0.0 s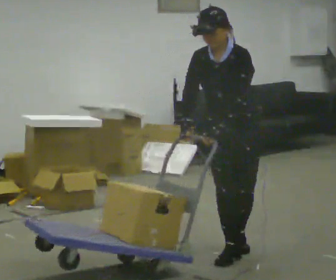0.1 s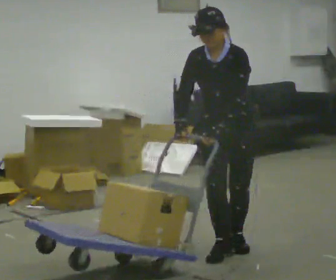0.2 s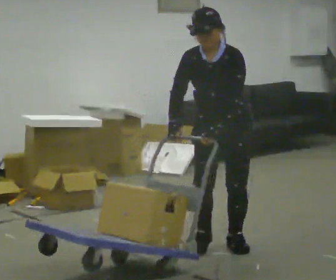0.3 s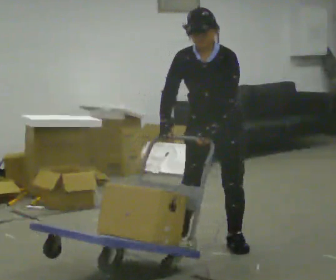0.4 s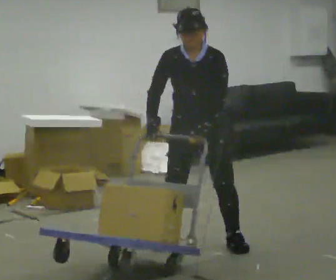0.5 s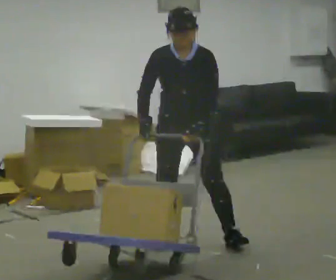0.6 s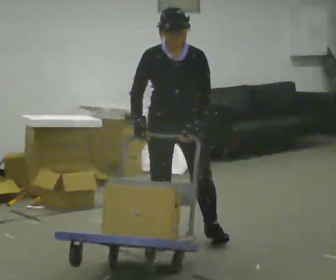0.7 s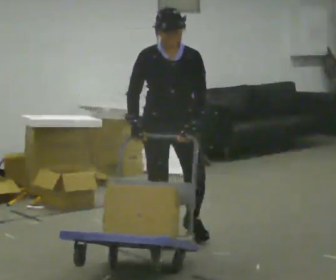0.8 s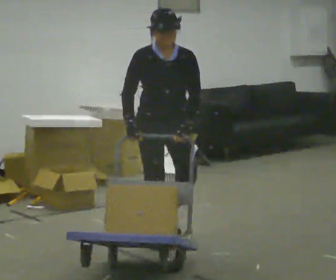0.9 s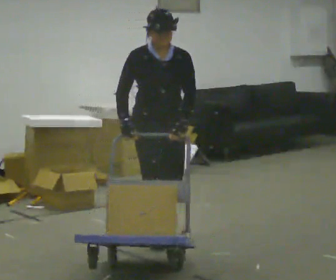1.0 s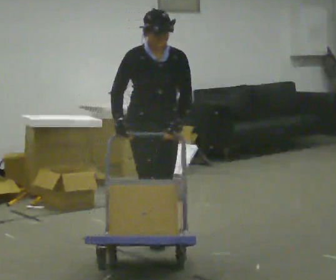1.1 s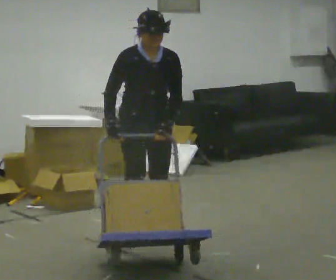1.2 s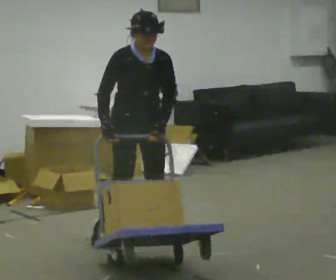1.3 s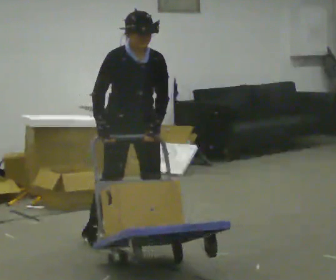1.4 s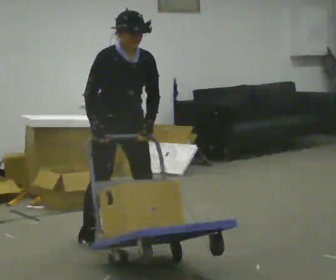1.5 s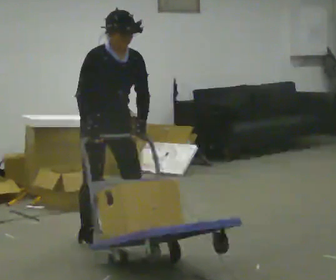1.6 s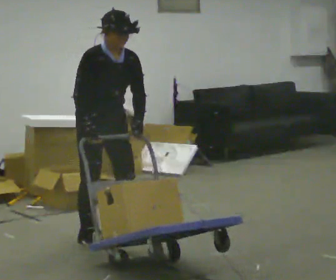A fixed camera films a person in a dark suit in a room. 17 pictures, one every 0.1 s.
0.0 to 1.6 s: The part of the body nearest the lens slides to the right as the person turns to their left by about 60 degrees. In the picture they go to the left, about 1 m in 4 steps, which for them is to their right and backward. In the picture the upper body tilts clockwise, shoulders to the right.
The film runs backward here.
